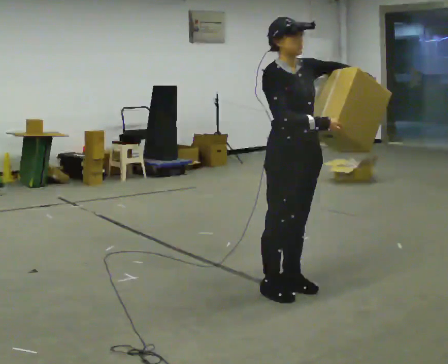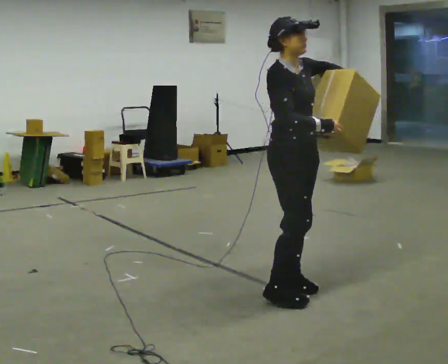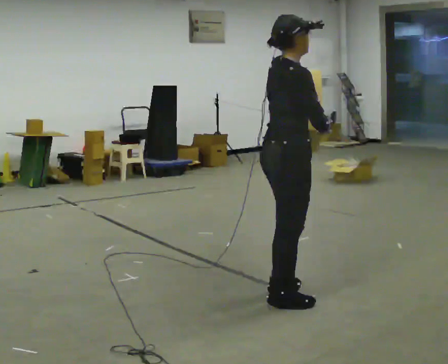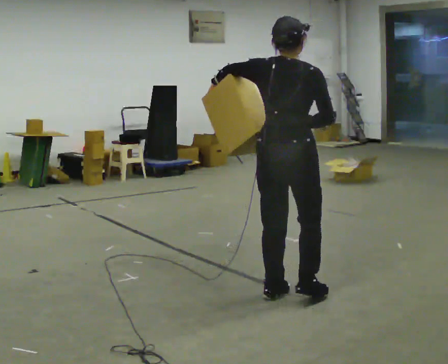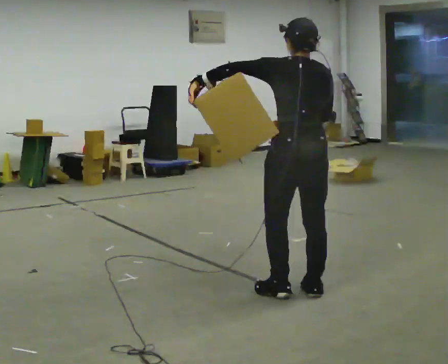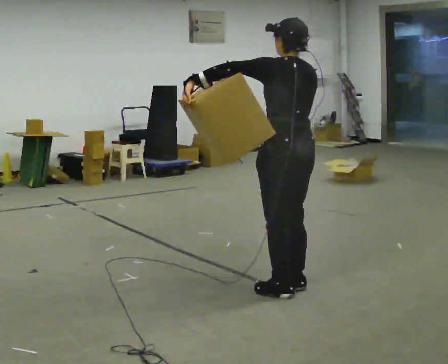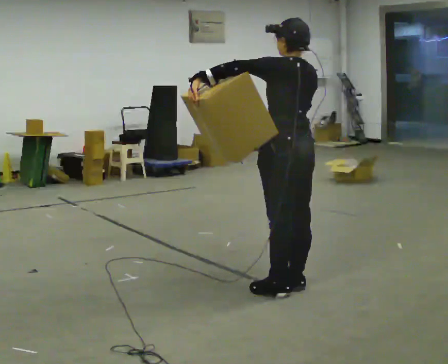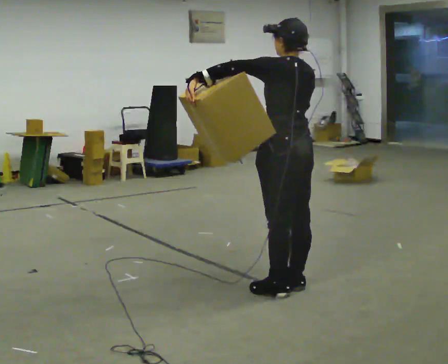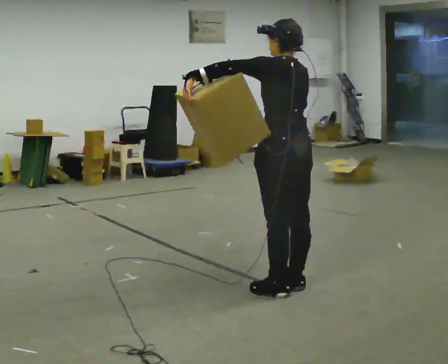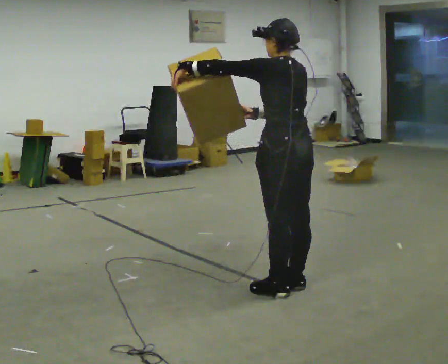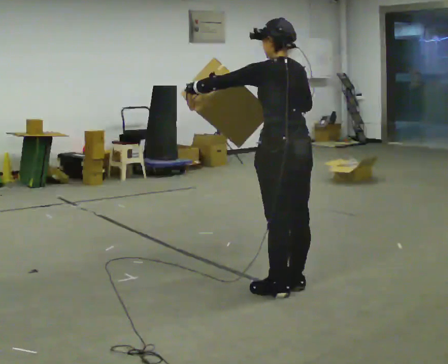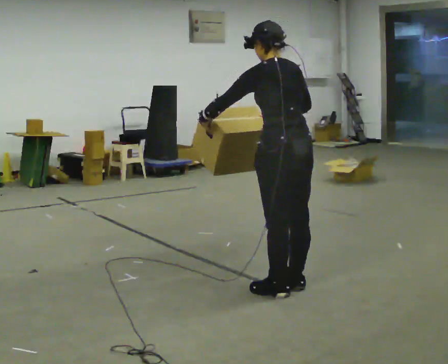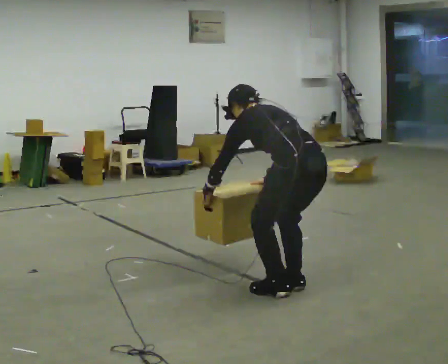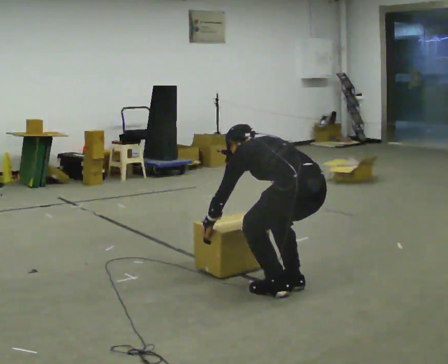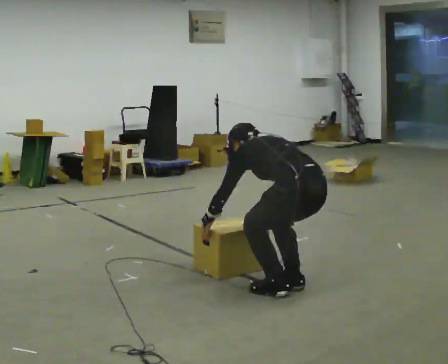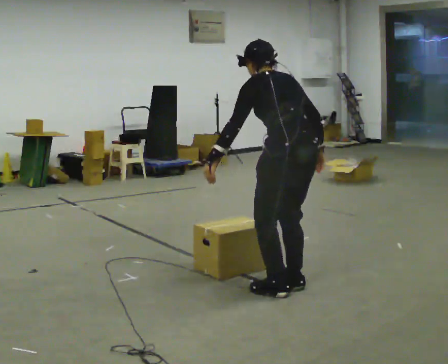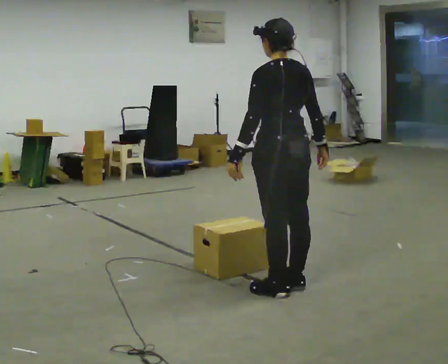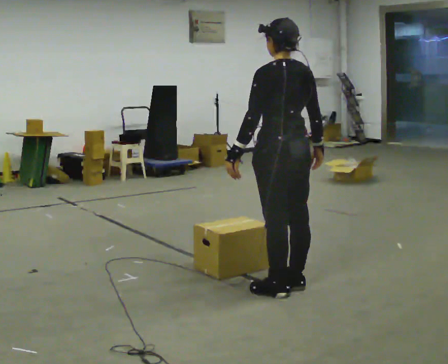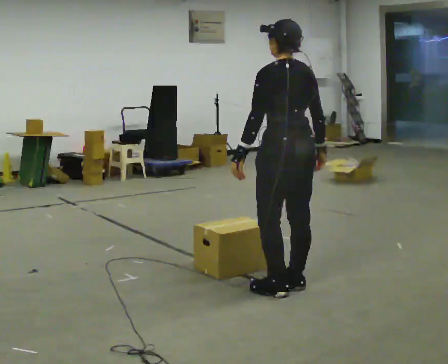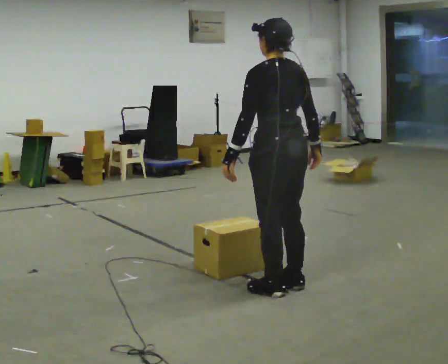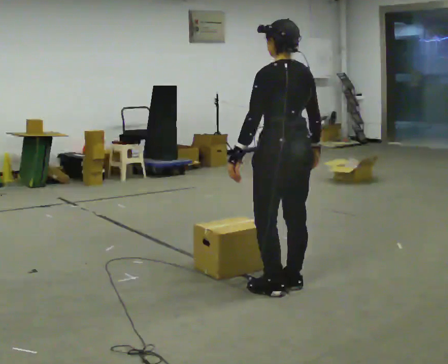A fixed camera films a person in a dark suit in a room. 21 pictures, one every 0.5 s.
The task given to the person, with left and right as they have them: Hold the object against your hip on the side the operator calls, and carry it back and forth across the room.
0.0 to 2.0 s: The person turns about 165 degrees to their left, counterclockwise seen from above, so the part of the body nearest the lens slides to the right. In the picture their left hand goes to the left.
2.0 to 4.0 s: The person moves a little, or ends about where they began.
4.0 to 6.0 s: The shoulders move downward. In the picture the upper body tilts counterclockwise, shoulders to the left, as they bend forward. In the picture their left hand goes downward, the arm swinging counterclockwise.
6.0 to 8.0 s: In the picture their right hand goes to the right.
8.0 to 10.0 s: The person moves a little, or ends about where they began.
The film runs forward here.
